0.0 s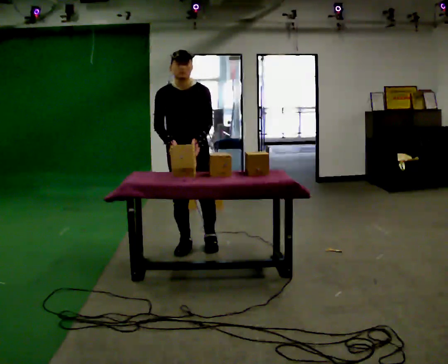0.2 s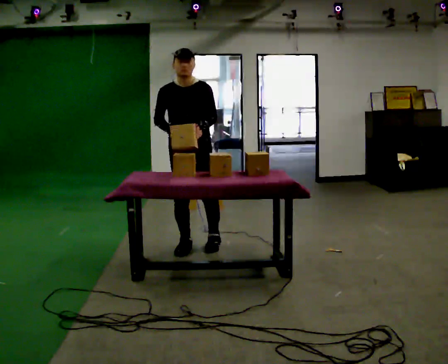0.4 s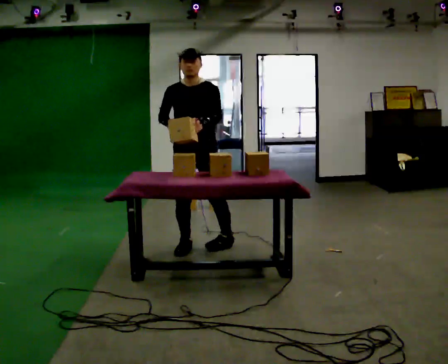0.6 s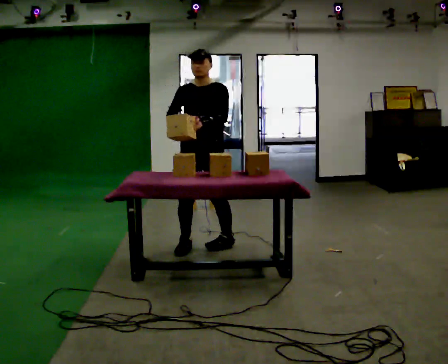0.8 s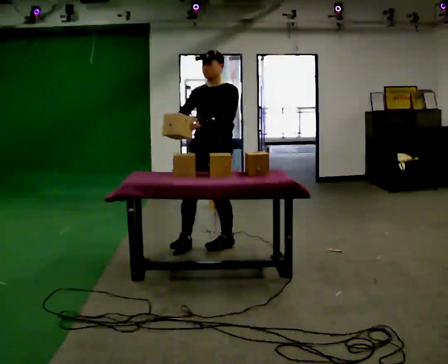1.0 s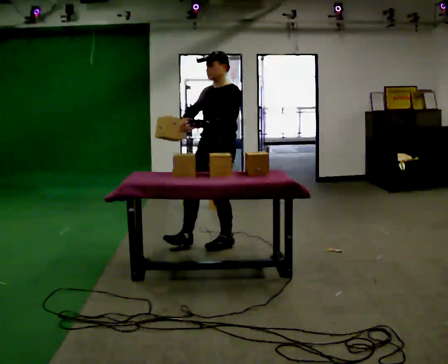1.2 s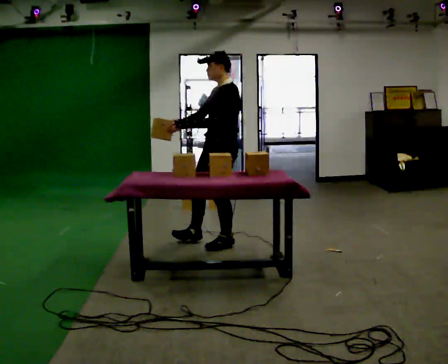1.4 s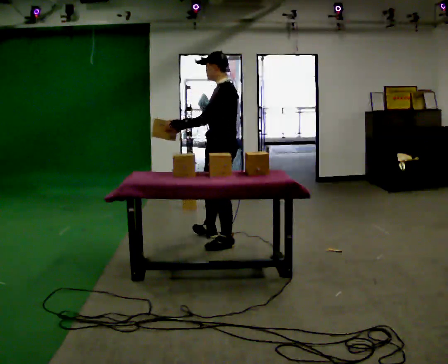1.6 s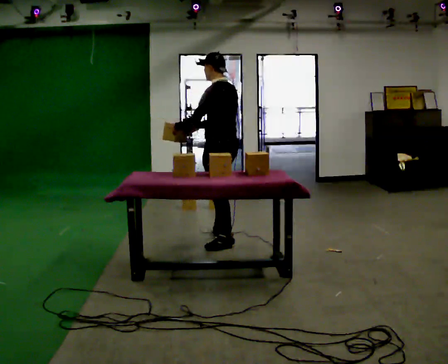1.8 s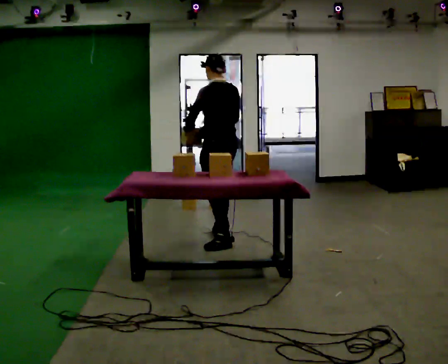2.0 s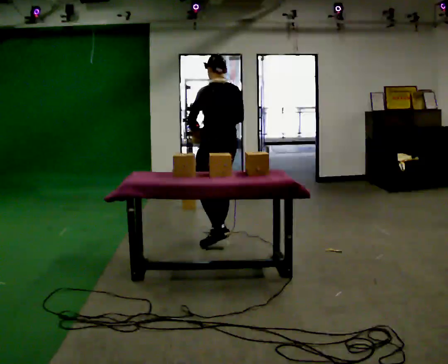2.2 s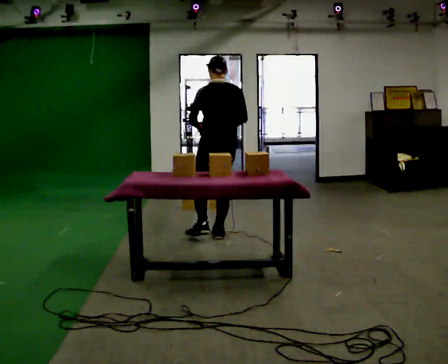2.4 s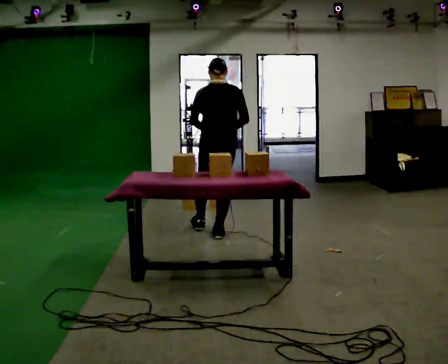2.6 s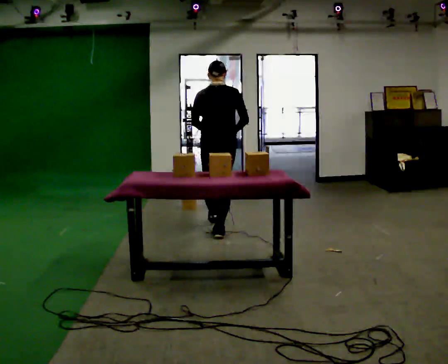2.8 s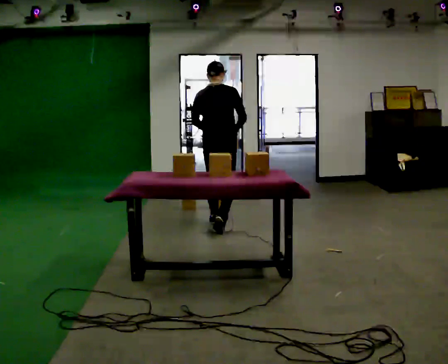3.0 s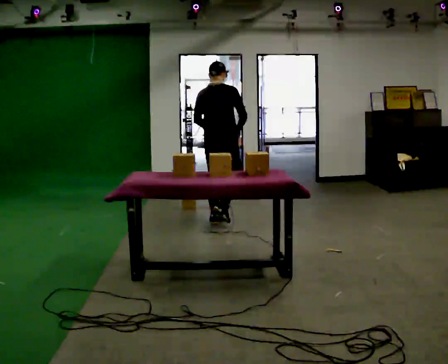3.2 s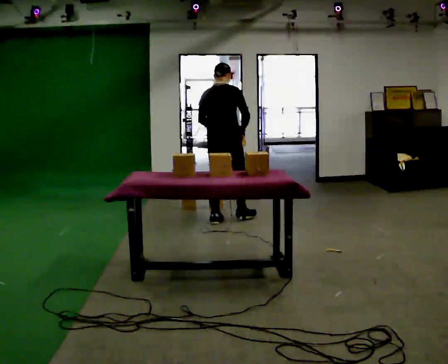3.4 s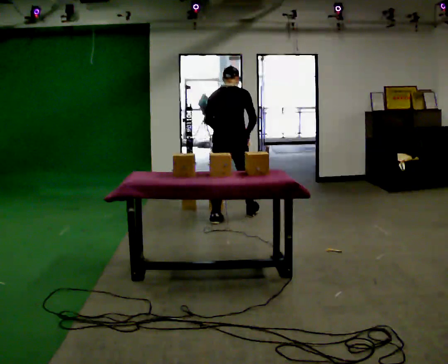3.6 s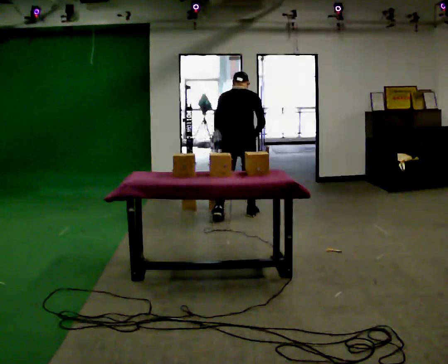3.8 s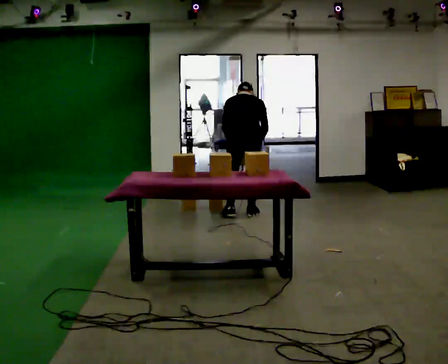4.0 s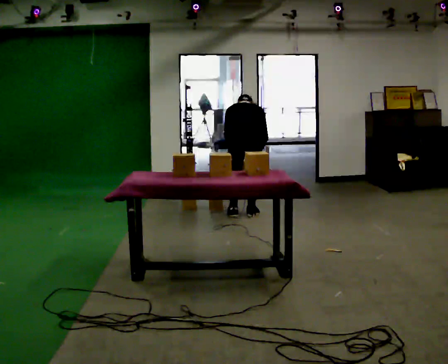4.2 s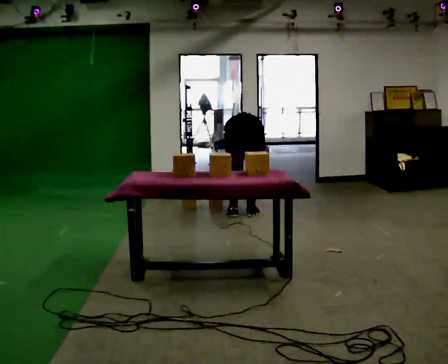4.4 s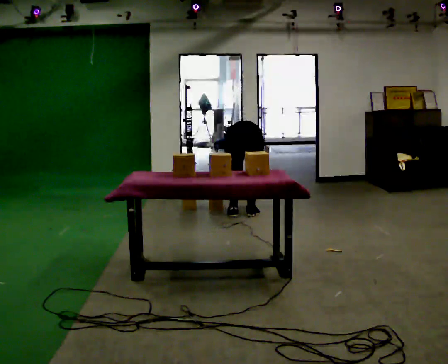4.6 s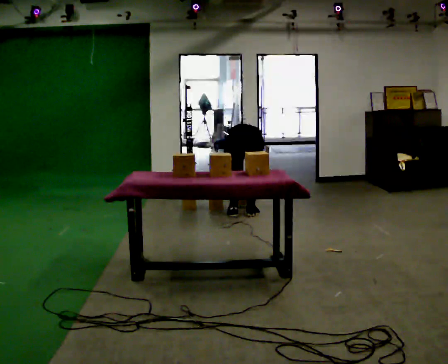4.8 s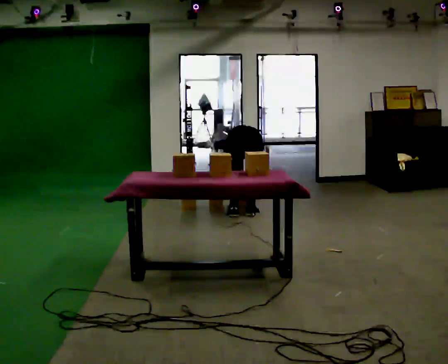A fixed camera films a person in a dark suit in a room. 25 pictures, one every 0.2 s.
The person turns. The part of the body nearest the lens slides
to the left.
The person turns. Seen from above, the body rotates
clockwise.
0.0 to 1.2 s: The person turns about 90 degrees to their right, clockwise seen from above, so the part of the body nearest the lens slides to the left. In the picture they go to the right, about 0.25 m in 1 step.
1.2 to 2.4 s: Seen from above the body turns clockwise, about 105 degrees: to their right, with its near side sliding to the left. In the picture they go away from the camera, about 0.5 m in 1 step.
2.4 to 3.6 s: In the picture they go away from the camera, about 0.75 m in 2 steps, which for them is forward. The upper body tips away from the camera, its near side rolling upward.
3.6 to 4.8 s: The upper body goes downward. The upper body tips away from the camera, its near side rolling upward, as they bend forward. In the picture their left hand goes downward.
The film runs forward here.
